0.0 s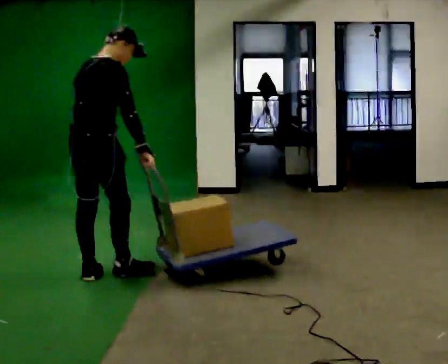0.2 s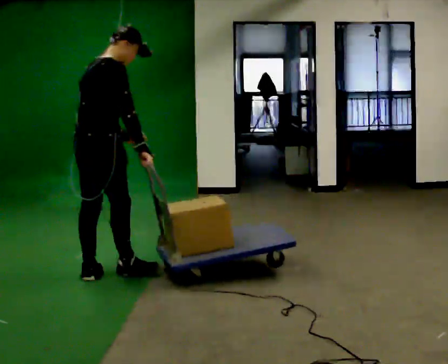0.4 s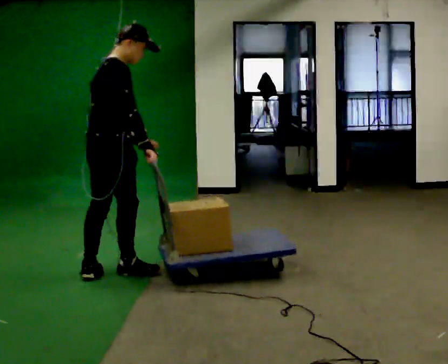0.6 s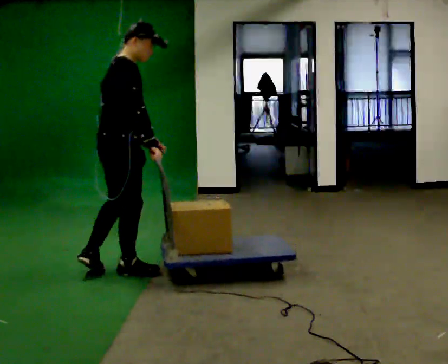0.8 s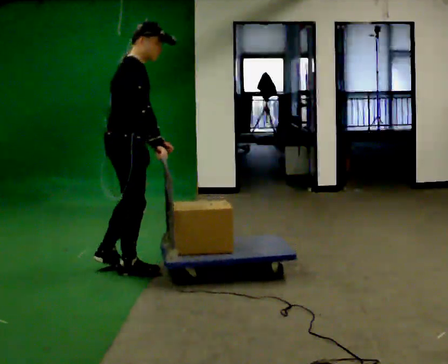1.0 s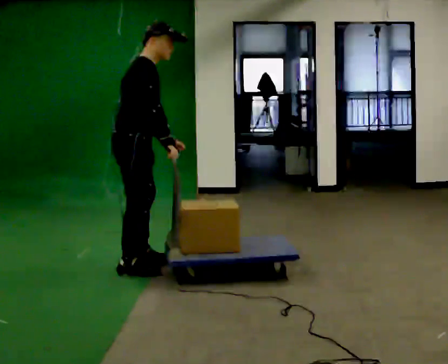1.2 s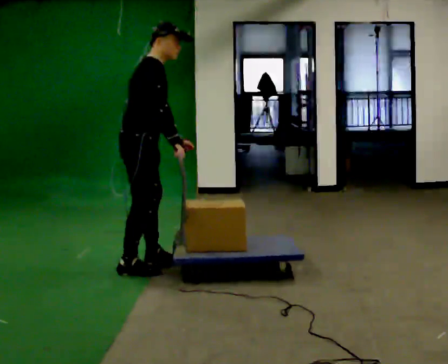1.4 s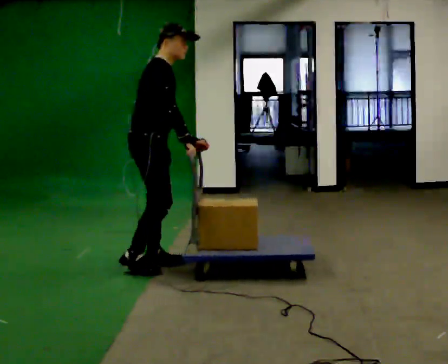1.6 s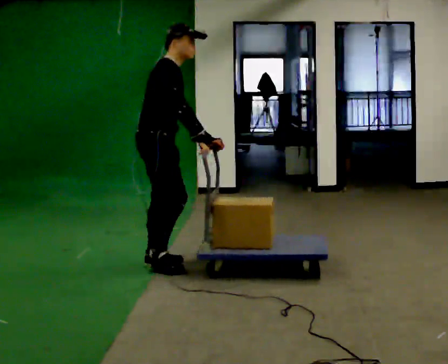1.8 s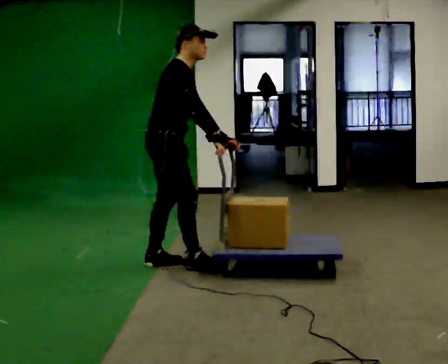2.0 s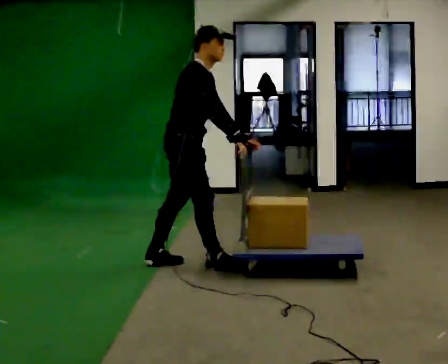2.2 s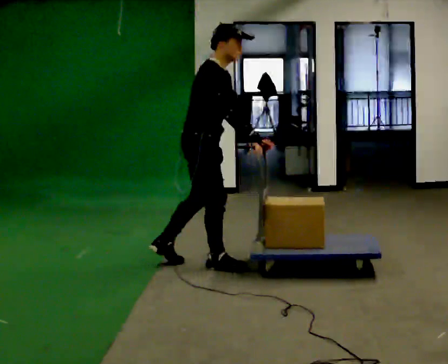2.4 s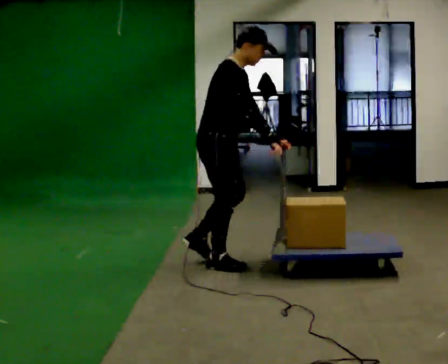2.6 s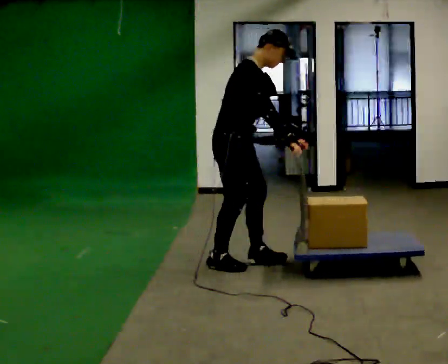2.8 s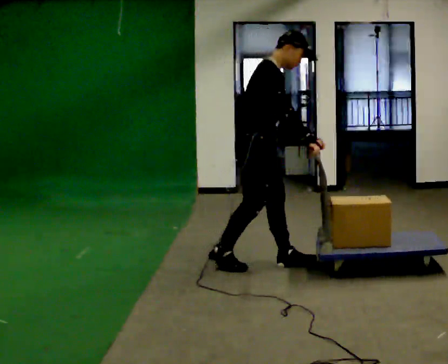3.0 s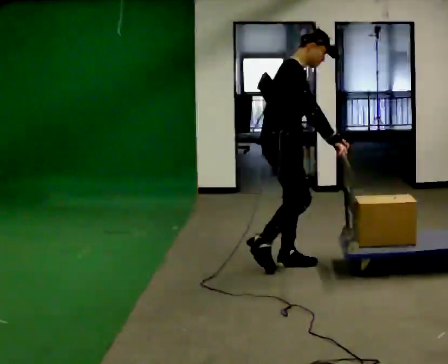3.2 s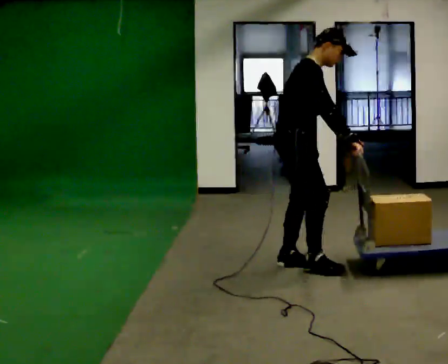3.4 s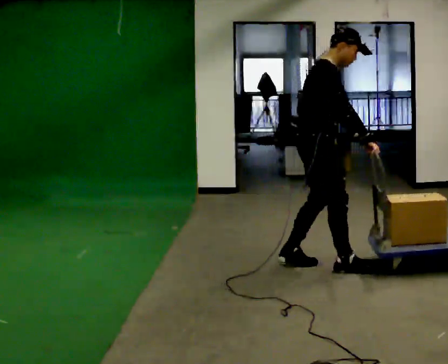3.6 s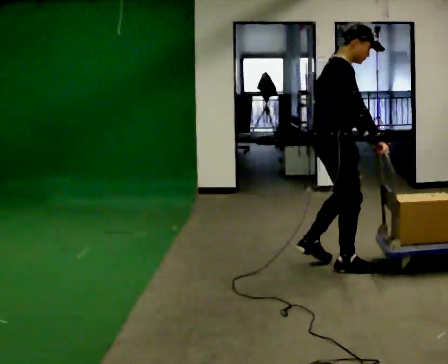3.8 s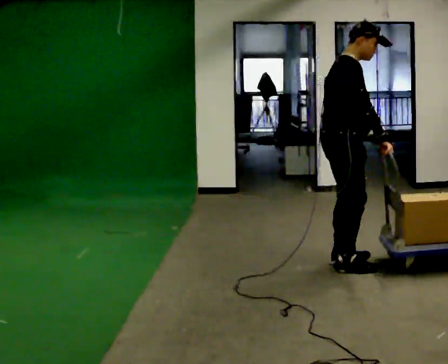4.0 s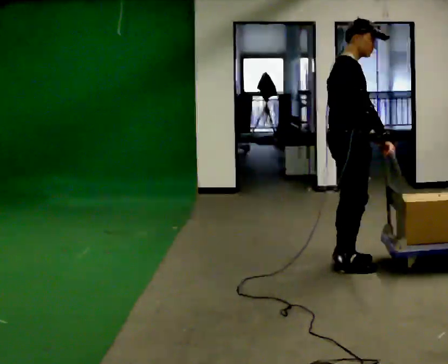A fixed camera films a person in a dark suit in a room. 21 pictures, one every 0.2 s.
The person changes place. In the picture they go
to the right.
0.0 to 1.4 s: The part of the body nearest the lens slides to the left as the person turns to their right by about 45 degrees. In the picture they go to the right and away from the camera, about 0.5 m in 2 steps, which for them is forward and to their left.
1.4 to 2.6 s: In the picture they go to the right, about 0.5 m in 1 step, which for them is forward.
2.6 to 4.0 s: In the picture they go to the right, about 1 m in 3 steps, which for them is forward. In the picture the upper body tilts counterclockwise, shoulders to the left, as they lean back or straighten.
The film runs forward here.
